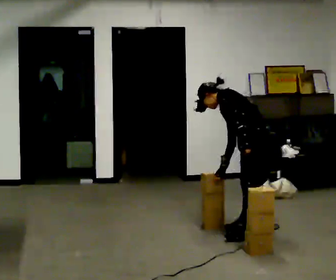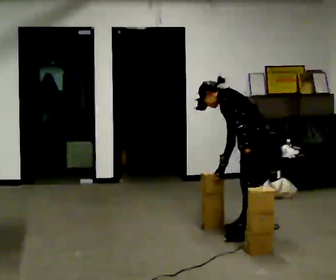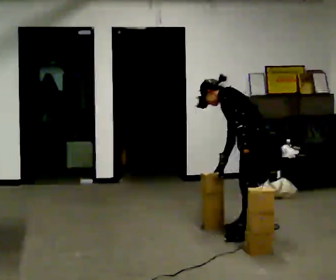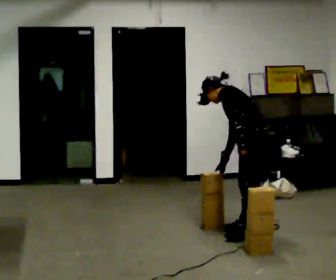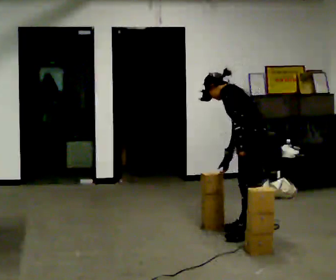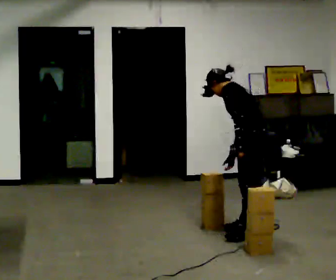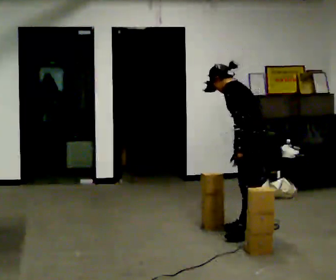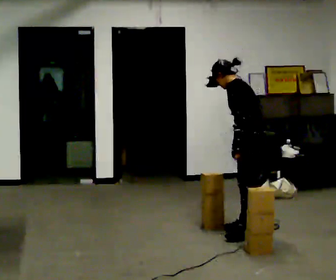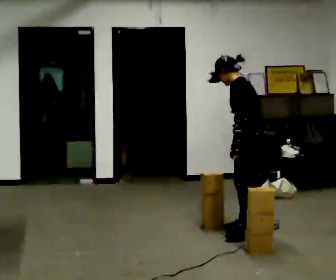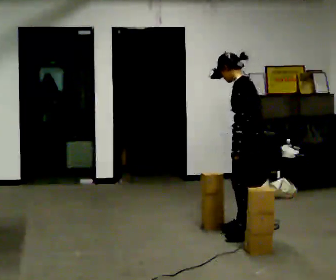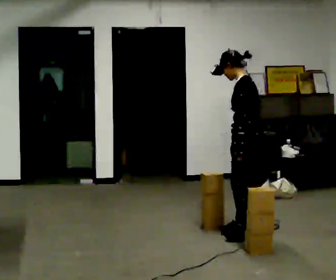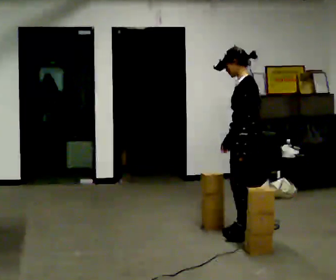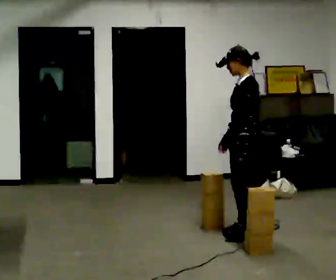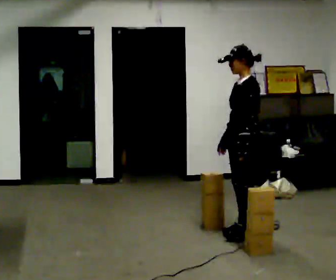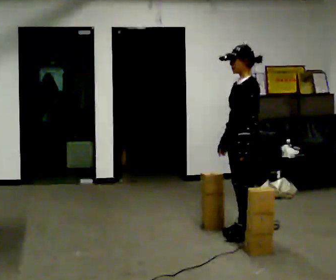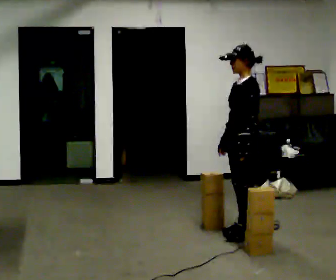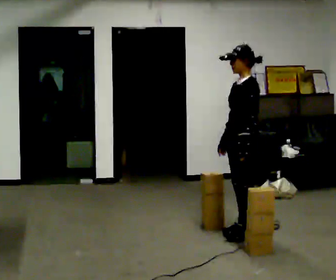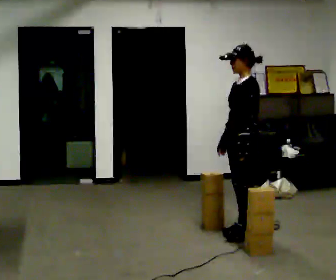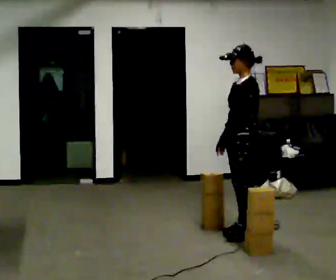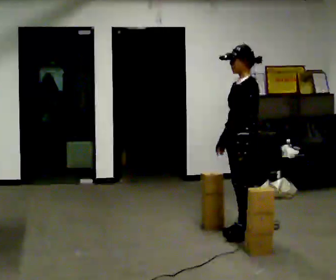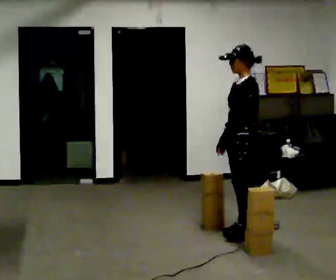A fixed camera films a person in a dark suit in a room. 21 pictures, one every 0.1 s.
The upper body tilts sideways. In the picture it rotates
clockwise.
0.0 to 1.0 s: In the picture the upper body tilts clockwise, shoulders to the right, as they lean back or straighten.
1.0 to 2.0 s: The person moves a little, or ends about where they began.
The film runs backward here.
